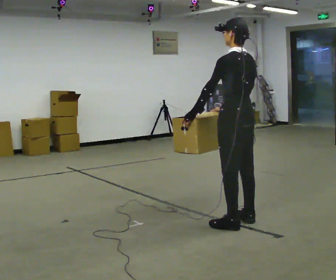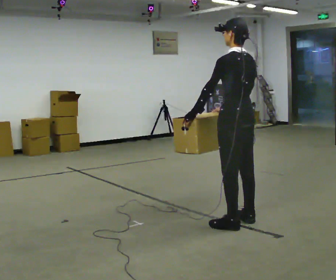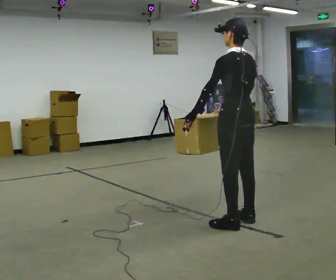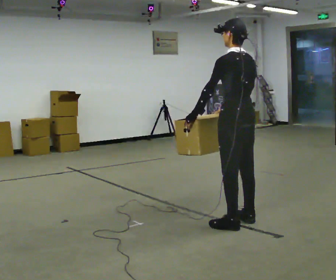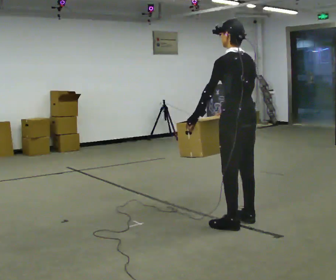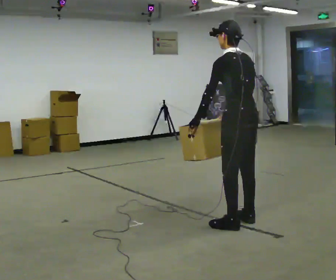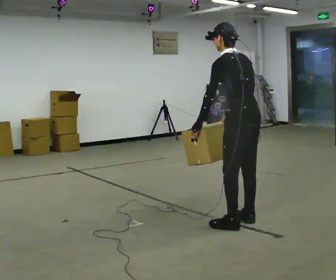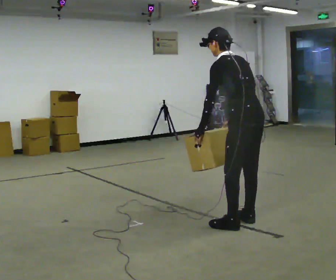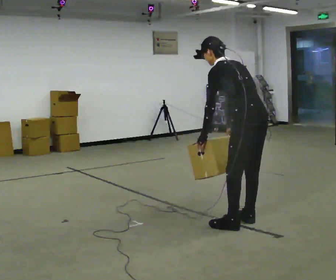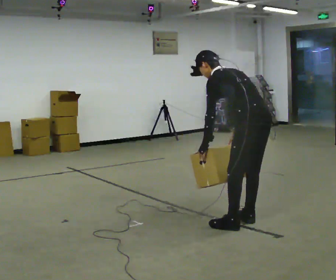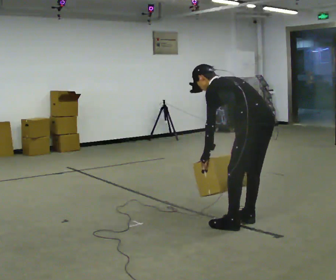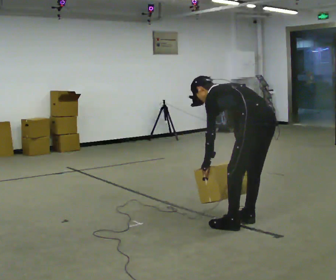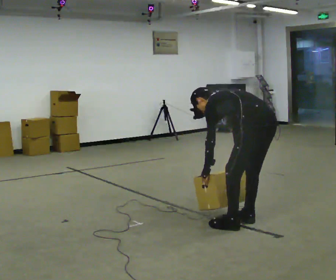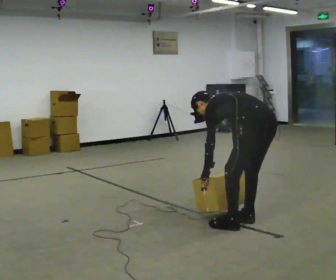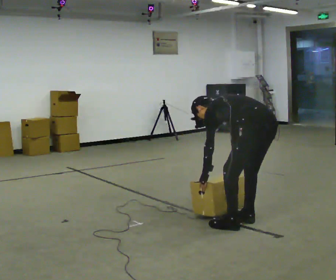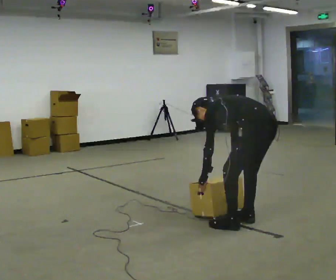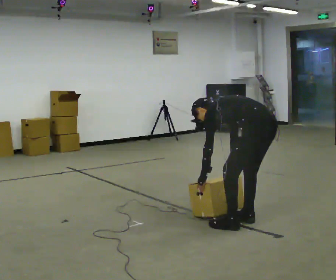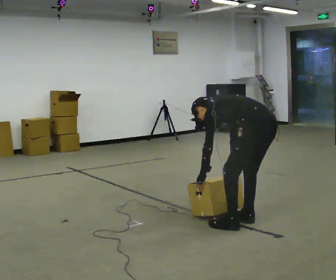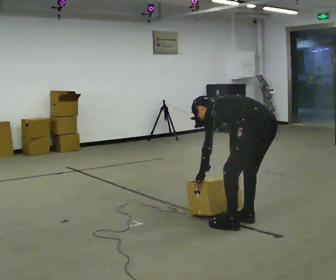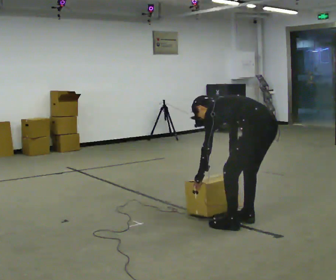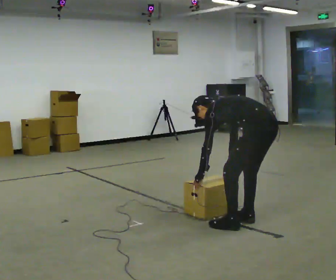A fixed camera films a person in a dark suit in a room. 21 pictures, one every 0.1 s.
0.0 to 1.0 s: In the picture they go to the right, about 0.25 m, which for them is backward. The shoulders move downward. In the picture the upper body tilts counterclockwise, shoulders to the left, as they bend forward. In the picture their right hand goes downward.
1.0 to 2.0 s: The shoulders move downward. The upper body tips away from the camera, its near side rolling upward, as they bend forward.
The film runs forward here.
